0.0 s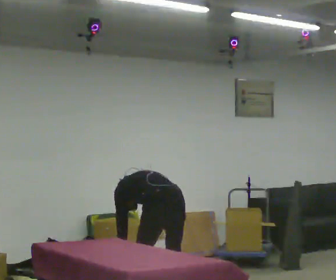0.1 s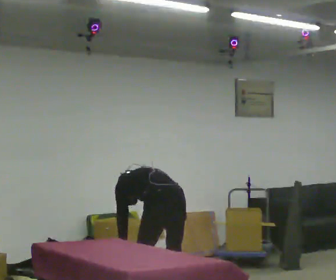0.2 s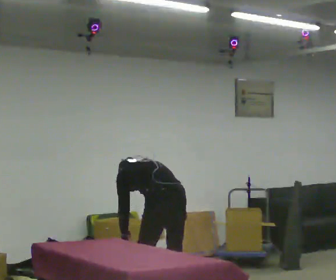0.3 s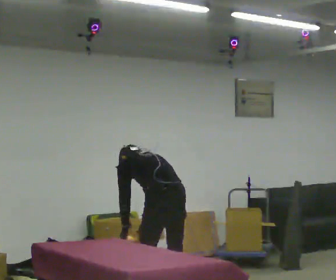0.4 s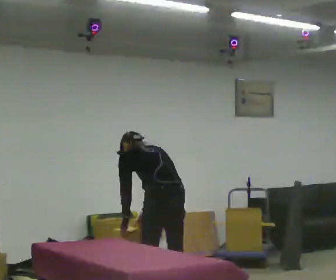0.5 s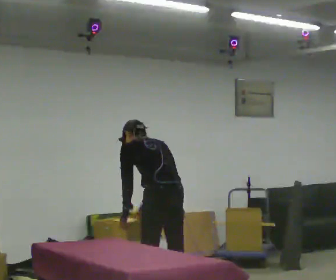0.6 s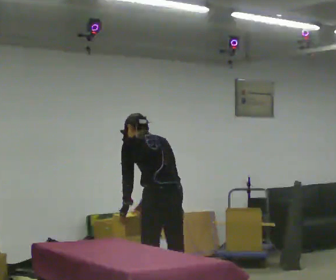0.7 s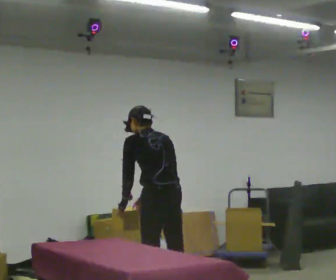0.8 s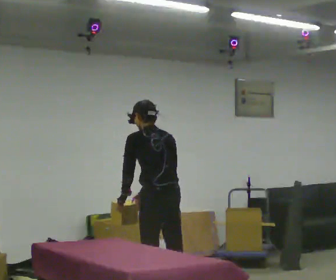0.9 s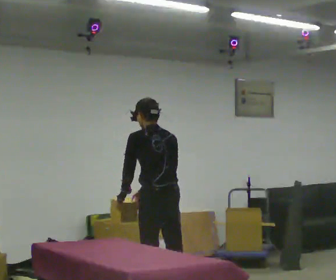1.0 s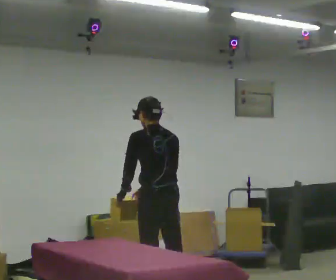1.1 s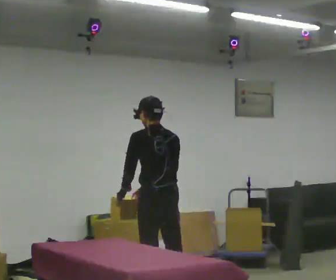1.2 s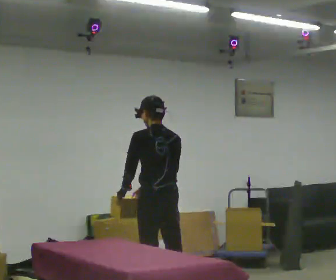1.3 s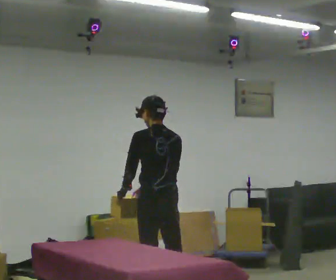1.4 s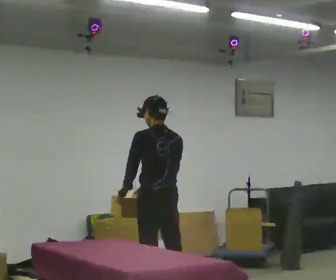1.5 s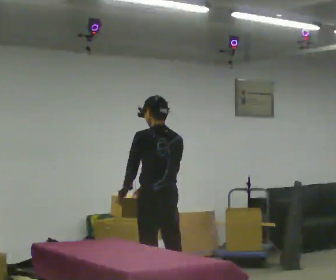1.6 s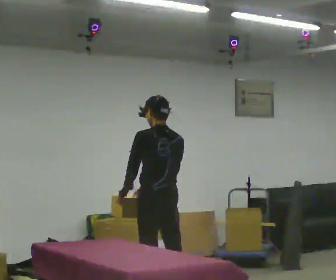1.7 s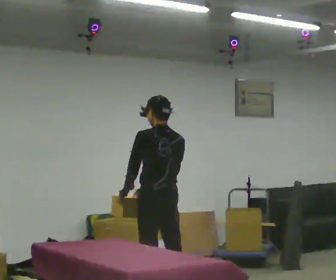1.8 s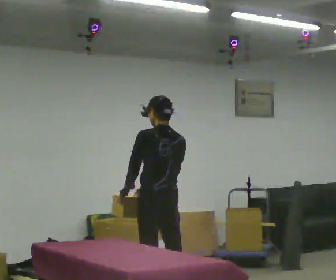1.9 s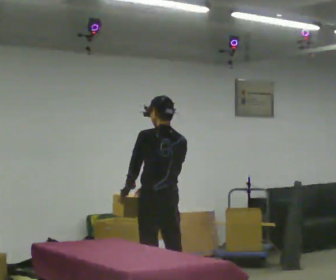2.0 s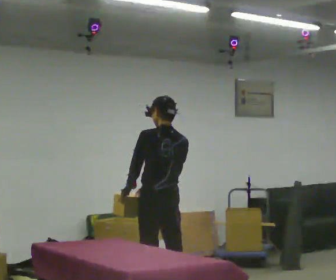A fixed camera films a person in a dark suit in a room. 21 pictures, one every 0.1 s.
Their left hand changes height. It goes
upward.
Their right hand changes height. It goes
upward.
0.0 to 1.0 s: The upper body goes upward. The upper body tips toward the camera, its near side rolling downward, as they lean back or straighten. In the picture their right hand goes upward.
1.0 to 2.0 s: The person moves a little, or ends about where they began.
The film runs forward here.
